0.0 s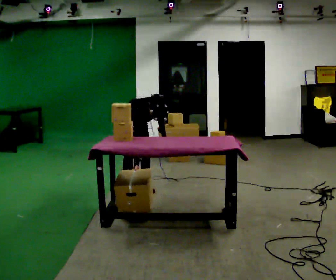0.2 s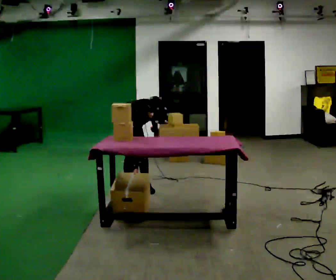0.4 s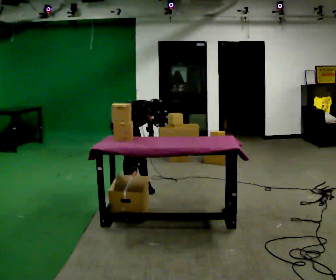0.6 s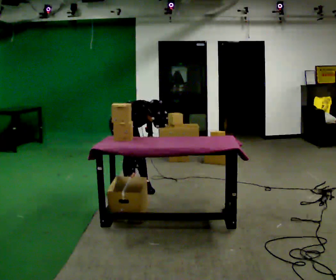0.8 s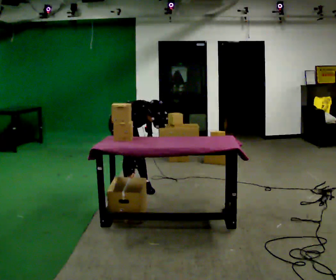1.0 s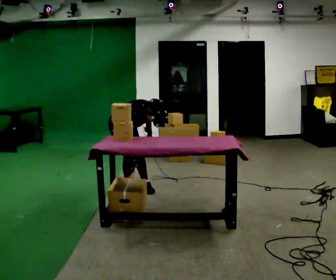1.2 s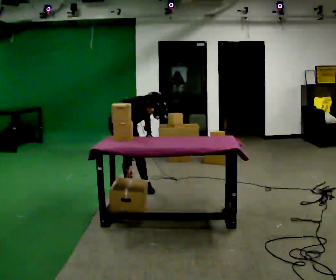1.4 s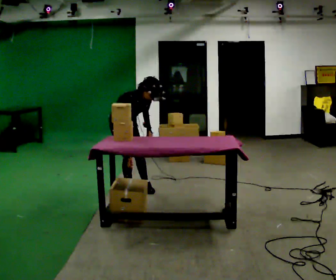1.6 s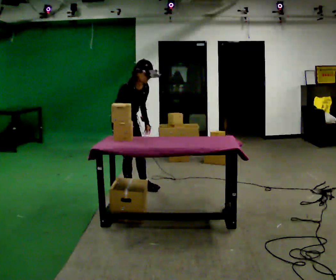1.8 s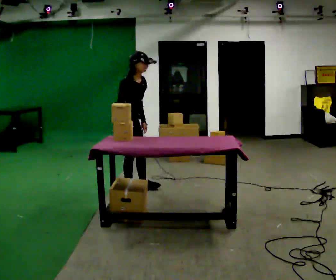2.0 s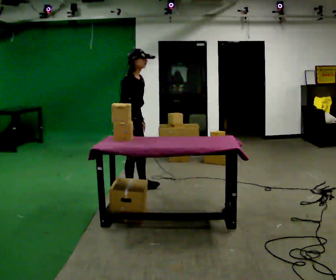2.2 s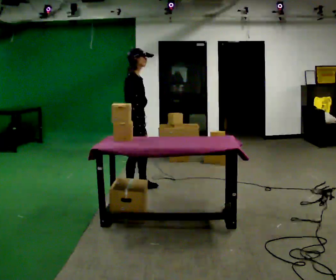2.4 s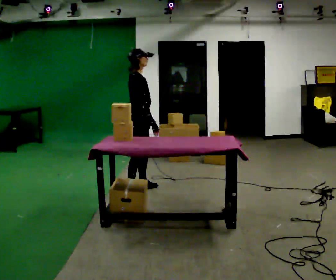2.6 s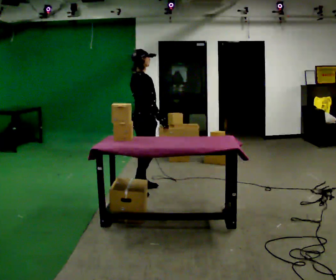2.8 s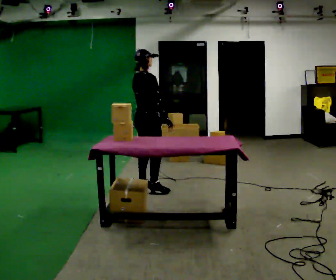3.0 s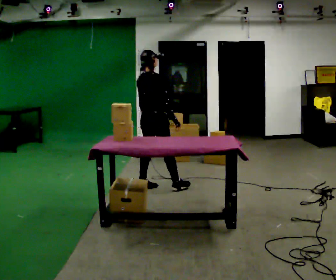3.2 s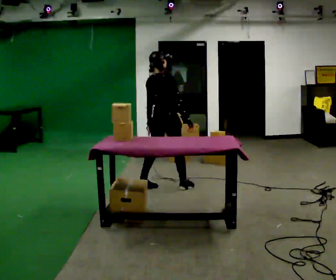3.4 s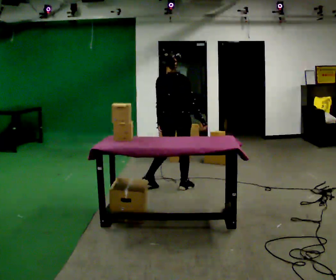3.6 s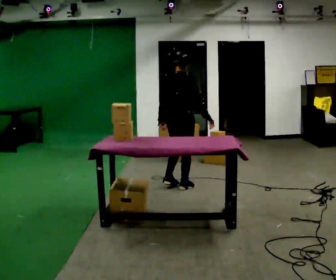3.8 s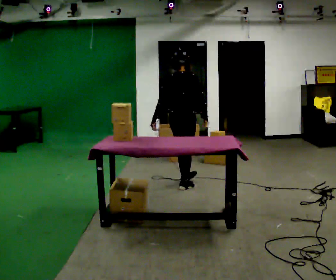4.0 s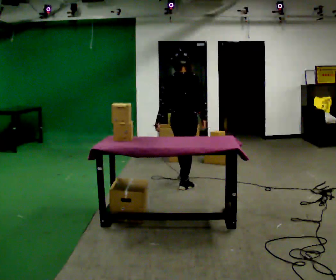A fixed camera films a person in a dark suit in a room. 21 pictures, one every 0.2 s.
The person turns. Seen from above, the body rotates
counterclockwise.
The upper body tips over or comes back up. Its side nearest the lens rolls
upward.
0.0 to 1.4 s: The upper body tips away from the camera, its near side rolling upward, as they lean back or straighten.
1.4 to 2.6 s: The part of the body nearest the lens slides to the right as the person turns to their left by about 60 degrees. In the picture they go to the right, about 0.25 m. The upper body goes upward. The upper body tips away from the camera, its near side rolling upward, as they lean back or straighten. In the picture their right hand goes to the right.
2.6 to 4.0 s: Seen from above the body turns counterclockwise, about 60 degrees: to their left, with its near side sliding to the right. In the picture they go to the right, about 0.5 m in 1 step.
The film runs forward here.
